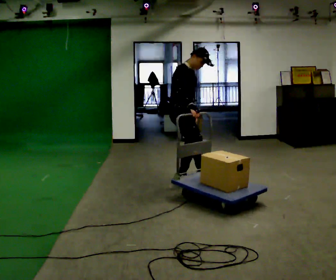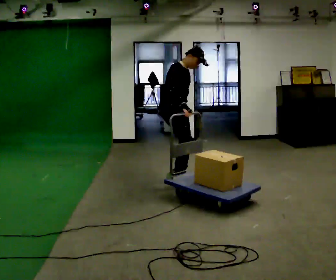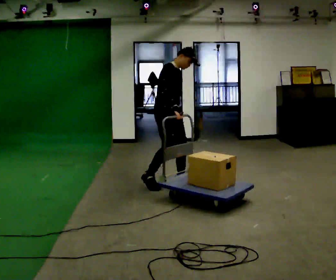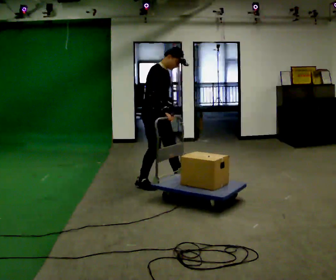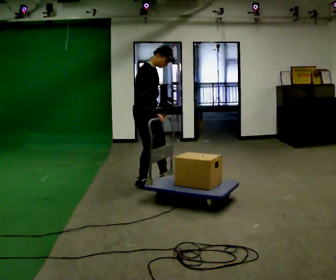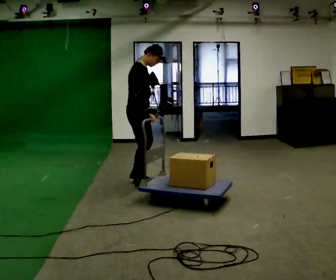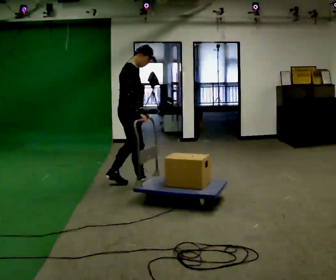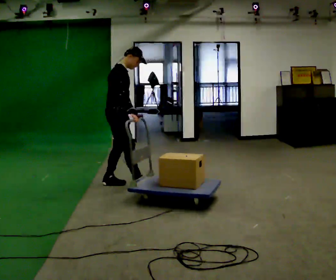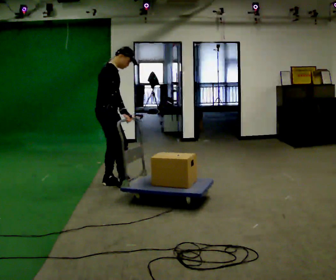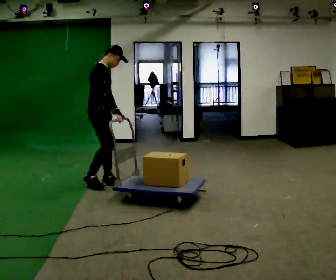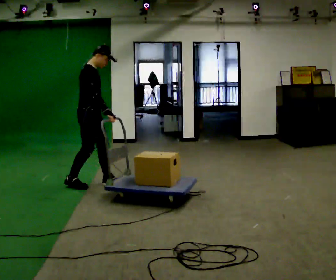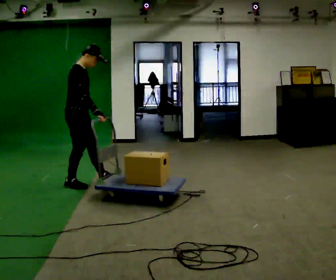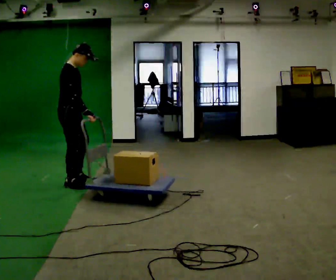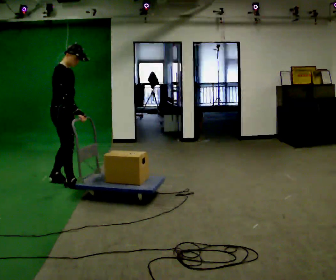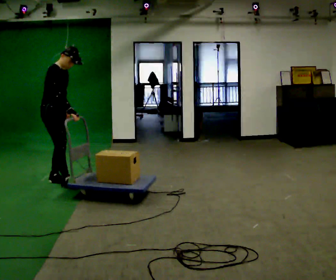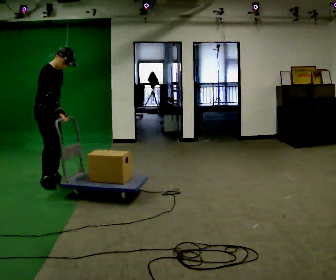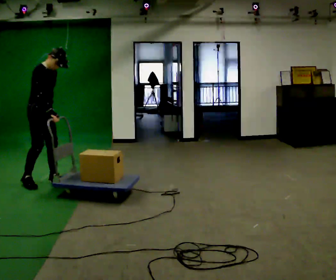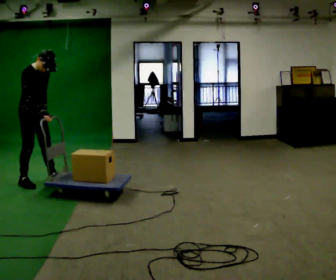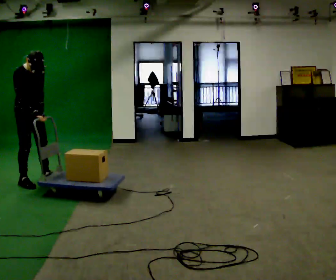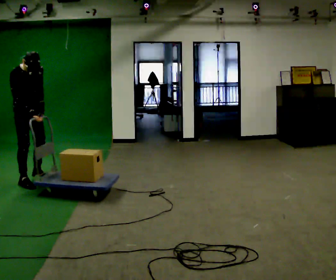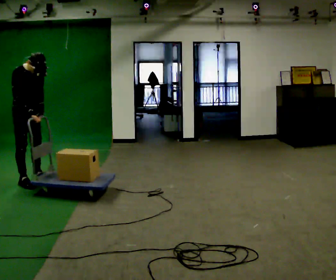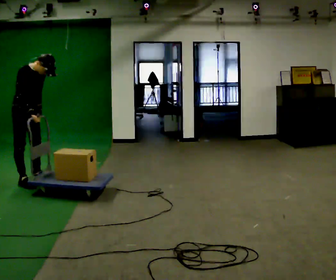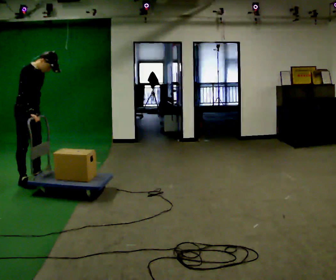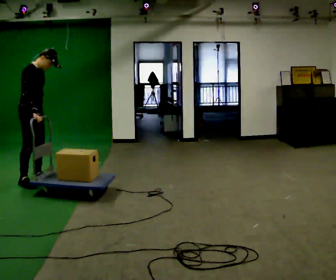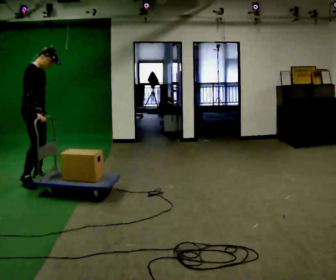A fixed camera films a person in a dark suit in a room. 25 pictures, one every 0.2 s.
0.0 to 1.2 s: Seen from above the body turns counterclockwise, about 30 degrees: to their left, with its near side sliding to the right. In the picture they go to the left, about 0.75 m in 1 step, which for them is backward and to their right.
1.2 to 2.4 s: In the picture they go to the left, about 0.75 m in 2 steps, which for them is backward.
2.4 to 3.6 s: The part of the body nearest the lens slides to the left as the person turns to their right by about 30 degrees. In the picture they go to the left, about 0.5 m in 2 steps, which for them is backward.
3.6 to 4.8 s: The upper body tips away from the camera, its near side rolling upward.
The film runs forward here.
